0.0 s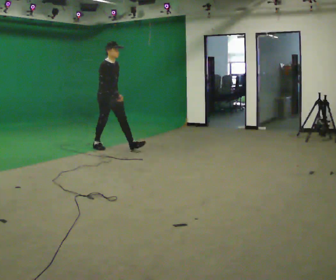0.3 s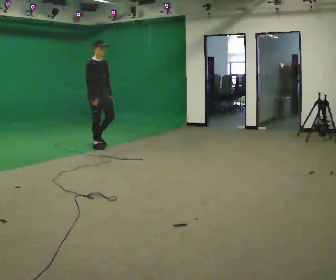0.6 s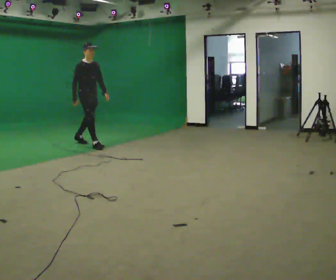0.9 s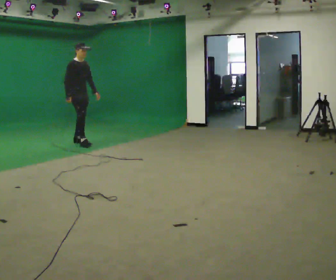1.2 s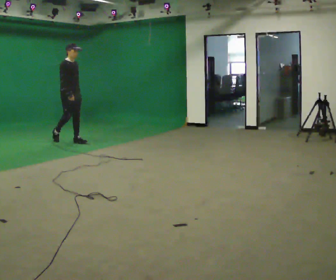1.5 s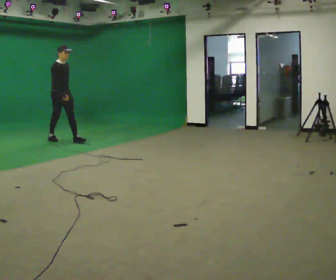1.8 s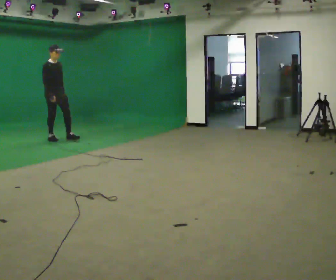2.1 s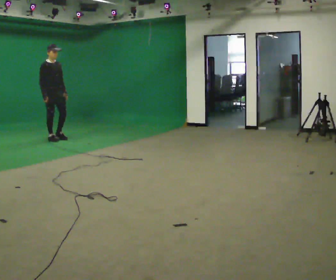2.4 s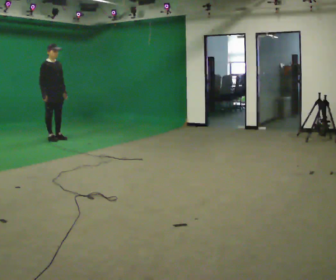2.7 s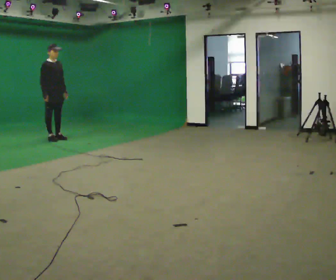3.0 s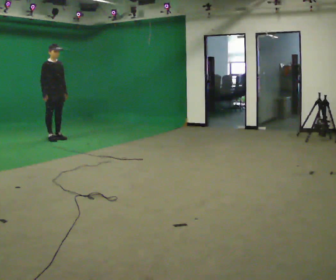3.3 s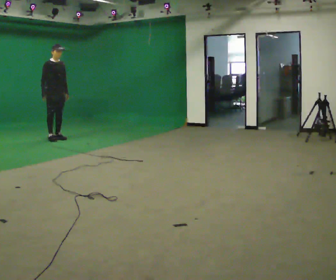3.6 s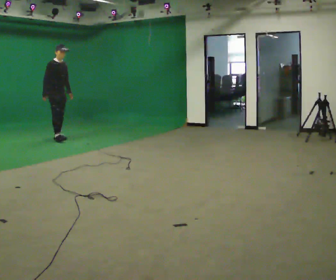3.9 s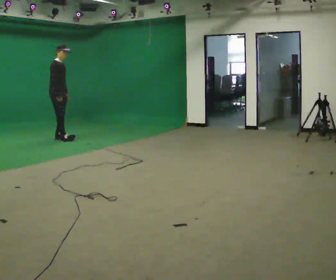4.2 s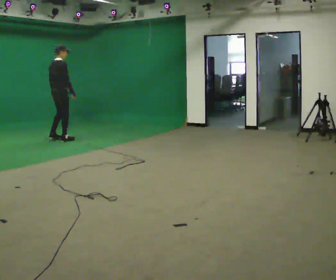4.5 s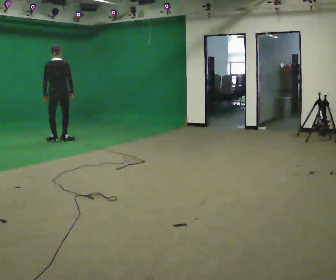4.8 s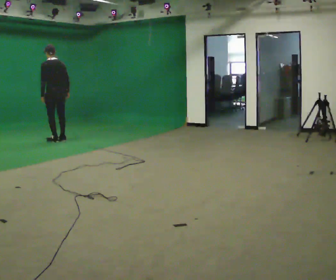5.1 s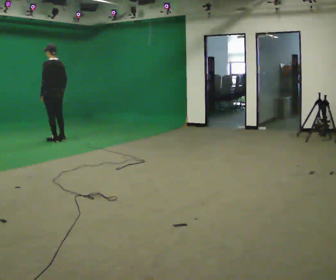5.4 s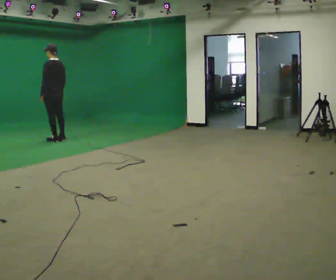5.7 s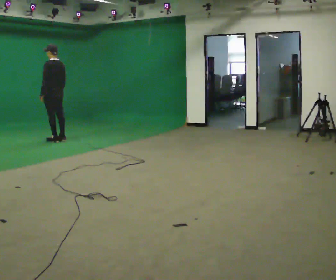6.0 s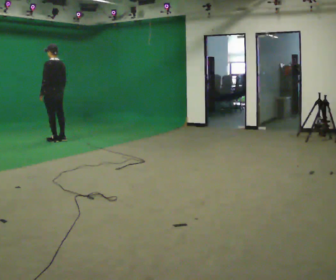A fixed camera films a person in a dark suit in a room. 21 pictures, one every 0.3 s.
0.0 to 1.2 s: In the picture they go away from the camera and to the left, about 1 m in 1 step, which for them is backward.
1.2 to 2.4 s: In the picture they go to the left and away from the camera, about 0.5 m in 1 step, which for them is backward.
2.4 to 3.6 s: The person moves a little, or ends about where they began.
3.6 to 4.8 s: The person turns about 150 degrees to their left, counterclockwise seen from above, so the part of the body nearest the lens slides to the right. In the picture they go toward the camera, about 0.25 m in 1 step. In the picture the upper body tilts counterclockwise, shoulders to the left. In the picture their right hand goes to the right, the arm swinging counterclockwise.
4.8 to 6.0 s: The person moves a little, or ends about where they began.
The film runs backward here.
